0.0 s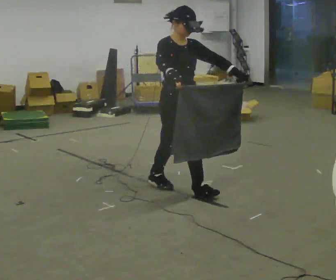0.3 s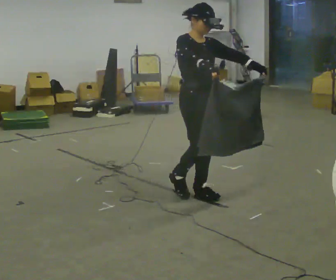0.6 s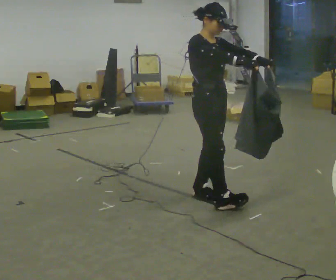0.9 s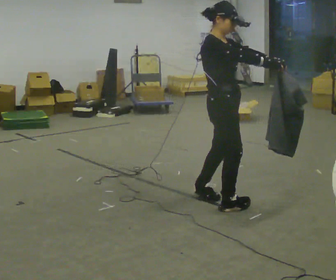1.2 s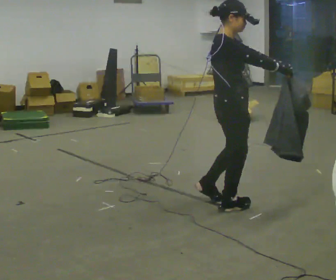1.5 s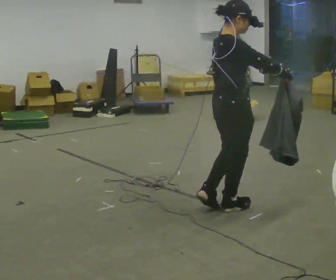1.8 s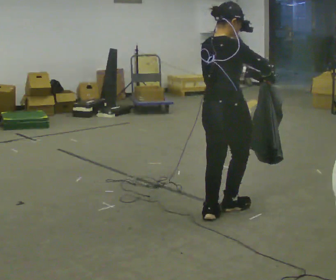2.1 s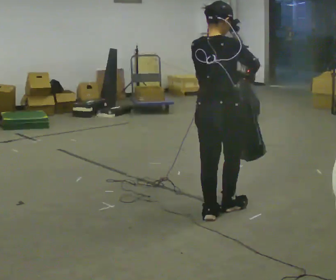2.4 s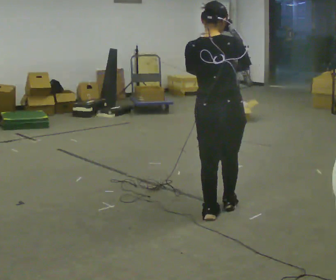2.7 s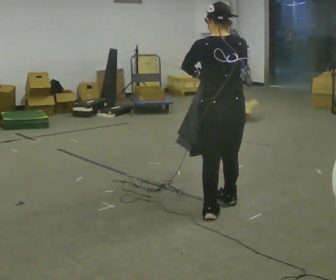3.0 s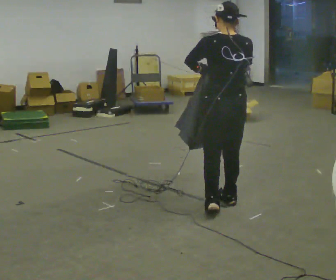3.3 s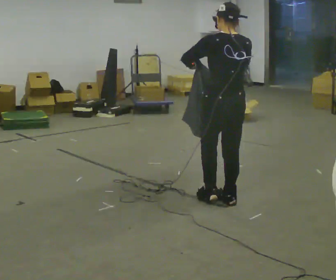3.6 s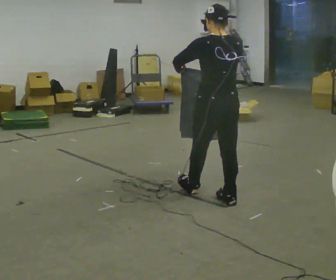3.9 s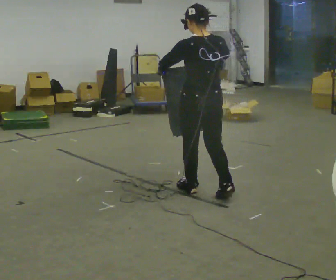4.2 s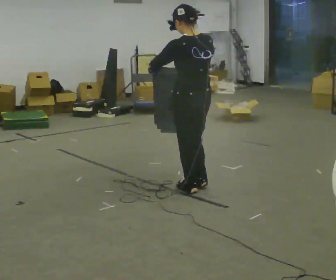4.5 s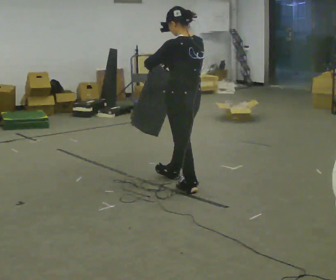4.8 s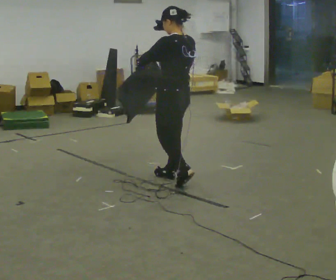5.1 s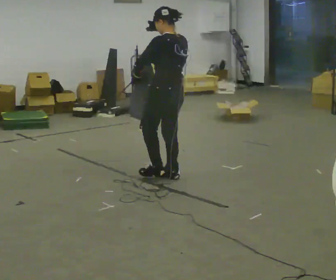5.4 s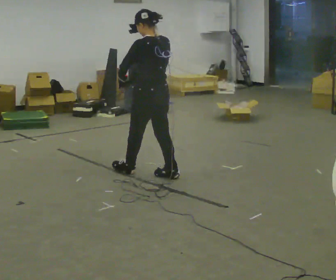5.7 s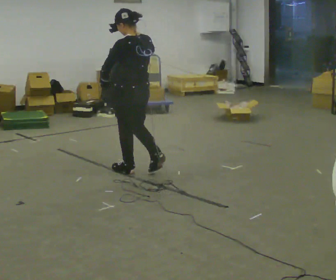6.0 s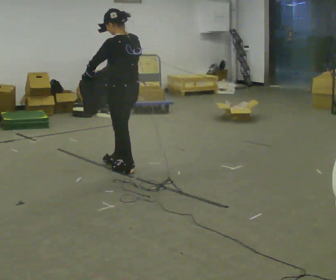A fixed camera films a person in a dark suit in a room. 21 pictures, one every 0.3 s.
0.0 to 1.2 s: Seen from above the body turns counterclockwise, about 45 degrees: to their left, with its near side sliding to the right. In the picture they go toward the camera and to the right, about 0.5 m in 1 step, which for them is forward and to their right.
1.2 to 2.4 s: Seen from above the body turns counterclockwise, about 90 degrees: to their left, with its near side sliding to the right. In the picture they go toward the camera, about 0.25 m in 1 step. In the picture their right hand goes to the left.
2.4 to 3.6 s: In the picture they go away from the camera, about 0.25 m in 1 step, which for them is forward.
3.6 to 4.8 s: The part of the body nearest the lens slides to the right as the person turns to their left by about 30 degrees. In the picture they go away from the camera and to the left, about 0.5 m in 1 step, which for them is forward.
4.8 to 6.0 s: In the picture they go to the left and away from the camera, about 0.5 m in 1 step, which for them is forward.
The film runs forward here.
